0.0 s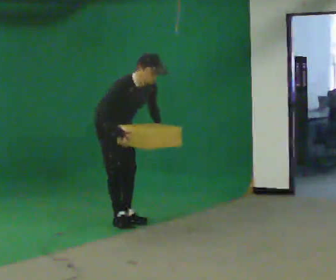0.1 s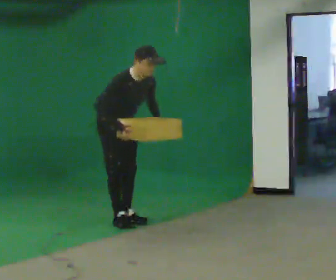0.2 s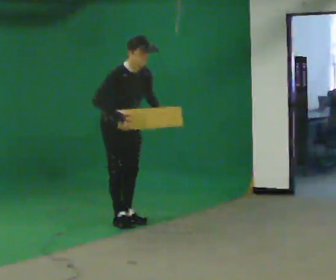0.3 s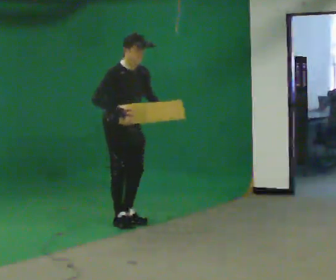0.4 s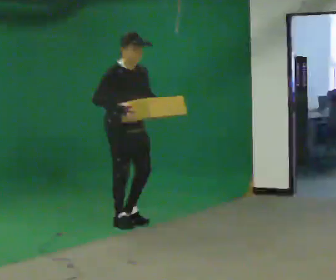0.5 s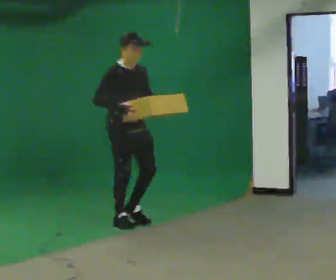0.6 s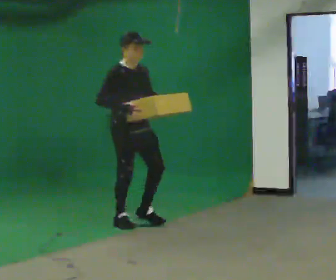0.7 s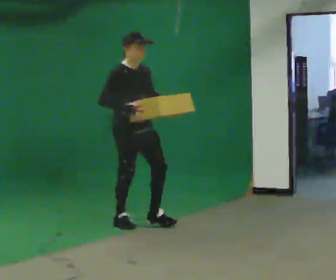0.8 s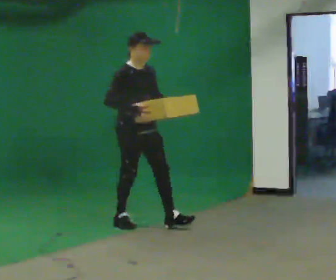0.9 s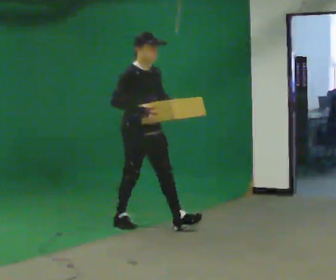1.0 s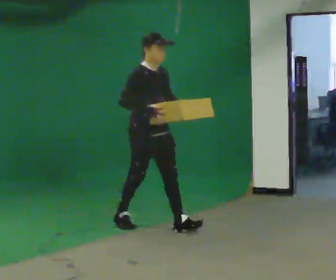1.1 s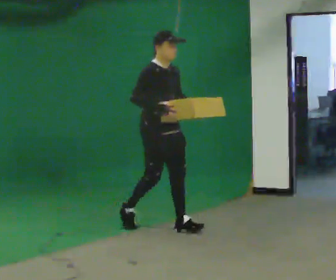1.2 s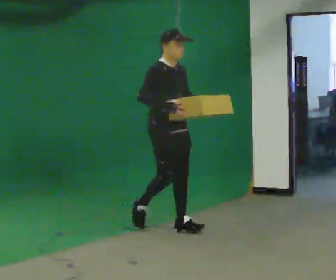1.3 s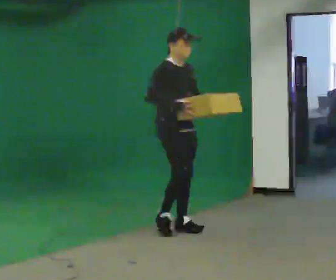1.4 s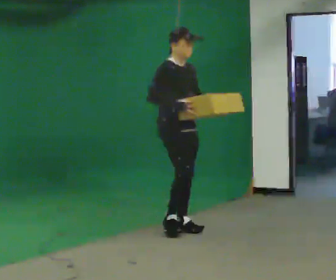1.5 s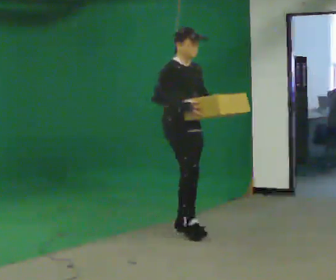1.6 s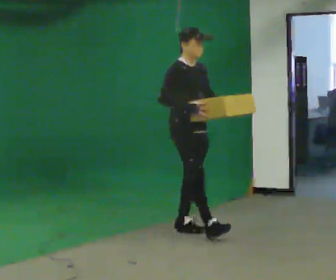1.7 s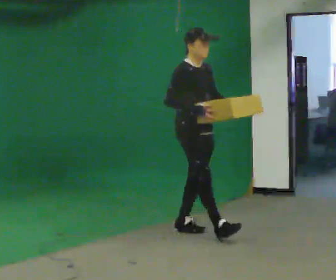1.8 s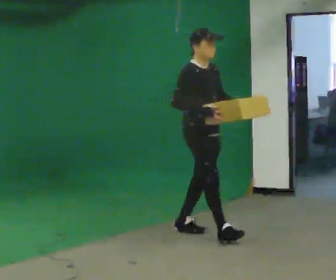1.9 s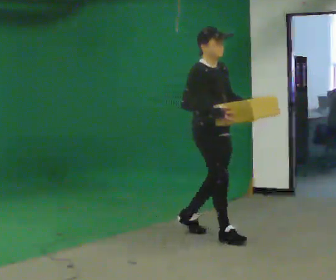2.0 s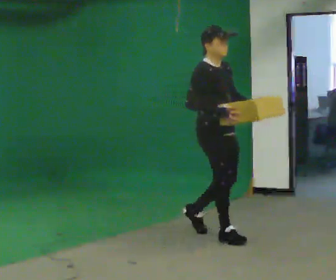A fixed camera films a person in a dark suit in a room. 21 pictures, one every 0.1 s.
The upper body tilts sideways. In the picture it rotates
counterclockwise.
0.0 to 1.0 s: In the picture they go to the right and toward the camera, about 0.5 m in 1 step, which for them is forward. In the picture the upper body tilts counterclockwise, shoulders to the left, as they lean back or straighten.
1.0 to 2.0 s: In the picture they go to the right and toward the camera, about 0.5 m in 1 step, which for them is forward.
The film runs forward here.
